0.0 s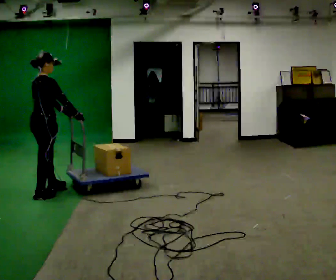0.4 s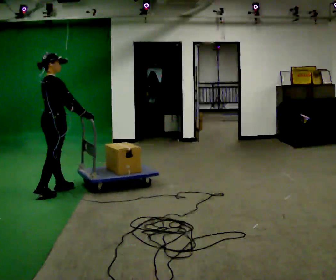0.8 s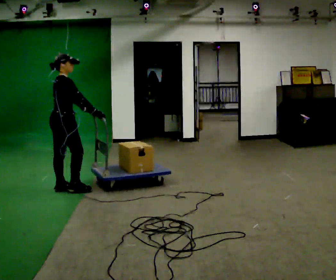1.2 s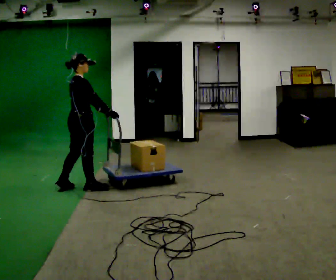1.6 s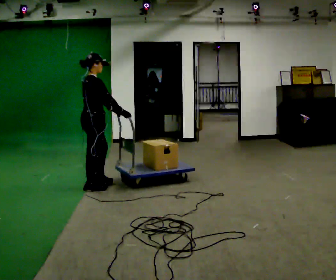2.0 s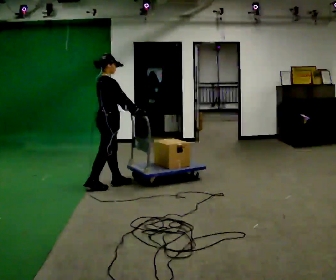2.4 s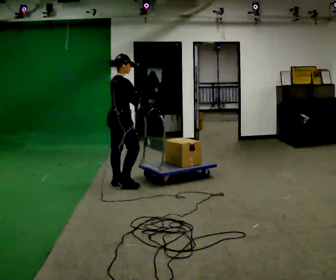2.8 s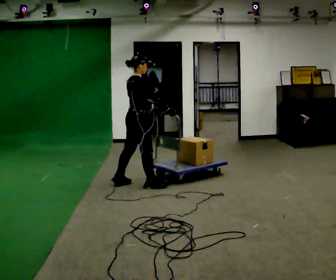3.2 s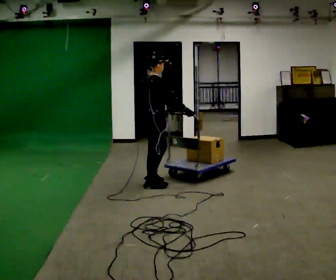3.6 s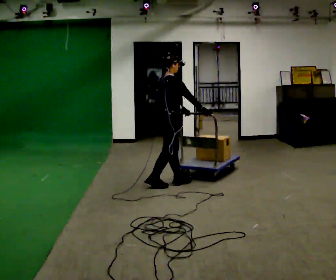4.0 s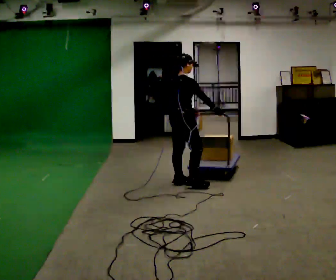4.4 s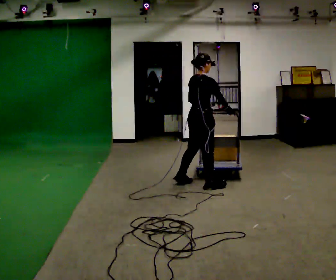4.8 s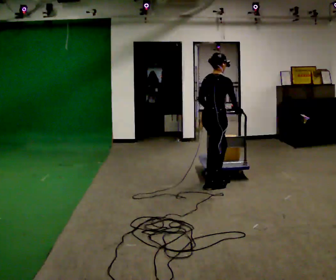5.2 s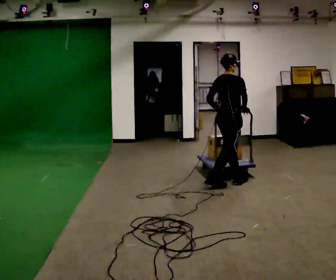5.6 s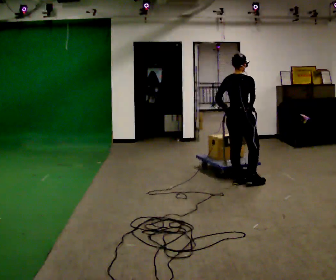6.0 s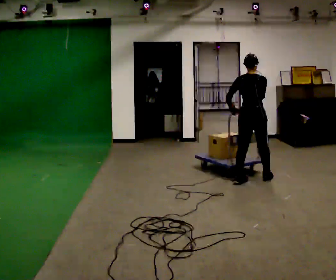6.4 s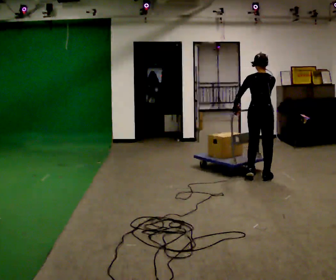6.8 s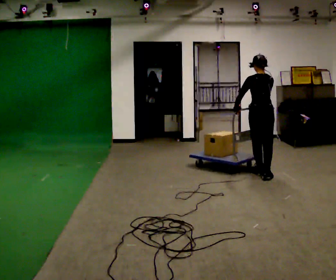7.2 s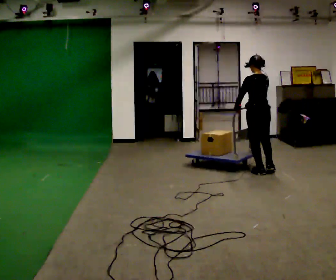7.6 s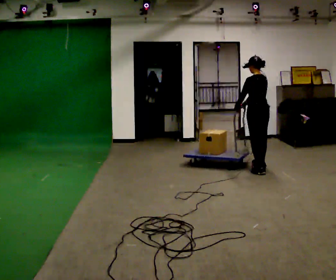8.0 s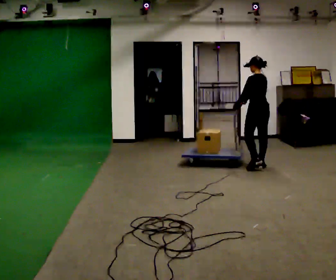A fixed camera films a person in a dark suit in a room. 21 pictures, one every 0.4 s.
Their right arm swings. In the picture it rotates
clockwise.
The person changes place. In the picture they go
to the right.
0.0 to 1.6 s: In the picture they go to the right and away from the camera, about 0.5 m in 2 steps, which for them is forward.
1.6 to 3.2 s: In the picture they go to the right, about 0.5 m in 2 steps, which for them is forward.
3.2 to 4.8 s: In the picture they go to the right, about 0.5 m in 2 steps, which for them is forward and to their right.
4.8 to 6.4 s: Seen from above the body turns counterclockwise, about 45 degrees: to their left, with its near side sliding to the right. In the picture they go to the right and away from the camera, about 0.75 m in 2 steps, which for them is forward and to their right.
6.4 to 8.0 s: The person turns about 45 degrees to their left, counterclockwise seen from above, so the part of the body nearest the lens slides to the right. In the picture they go away from the camera, about 0.75 m in 2 steps, which for them is forward and to their right.
The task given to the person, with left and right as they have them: Push the loaded cart from one corner of the room to the other, turn it round, and push it back. Keep going until the operator says stop.
The film runs forward here.
